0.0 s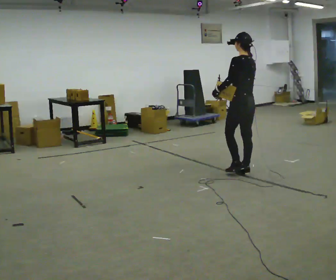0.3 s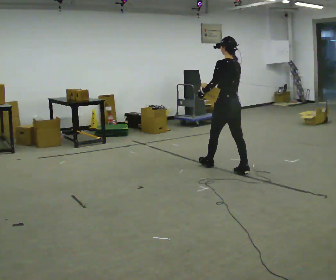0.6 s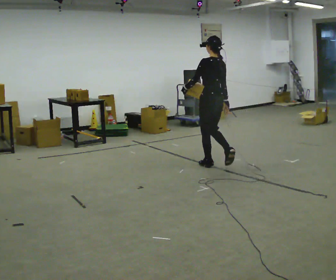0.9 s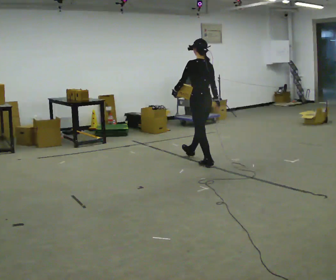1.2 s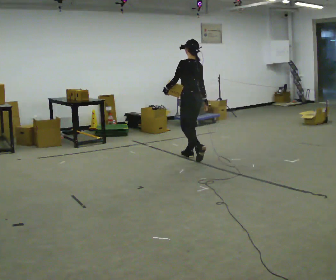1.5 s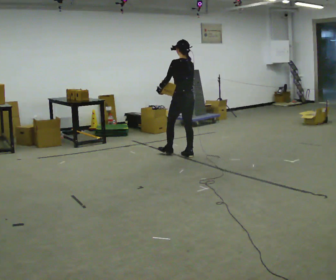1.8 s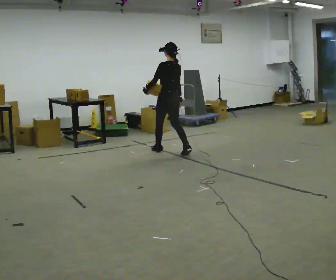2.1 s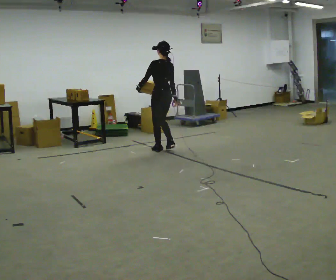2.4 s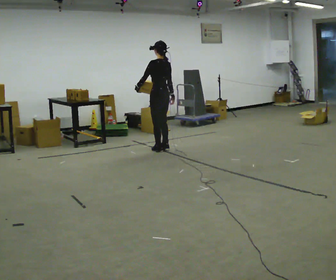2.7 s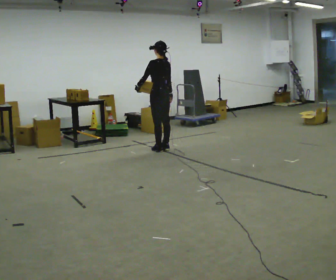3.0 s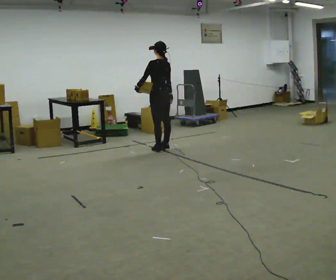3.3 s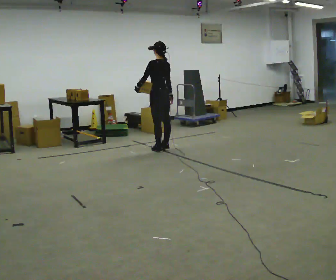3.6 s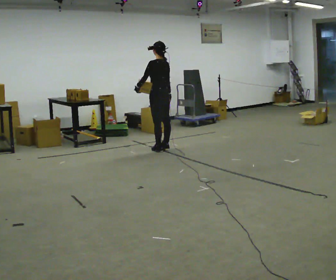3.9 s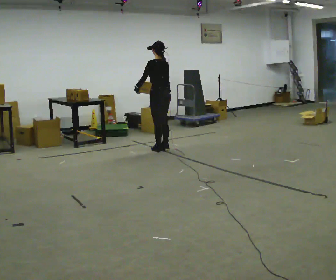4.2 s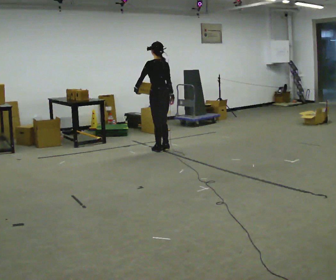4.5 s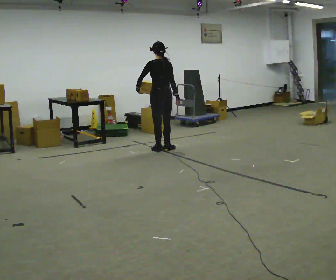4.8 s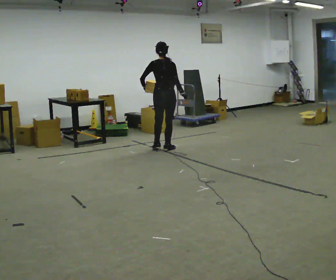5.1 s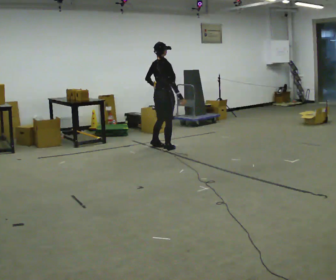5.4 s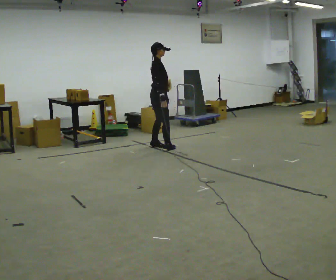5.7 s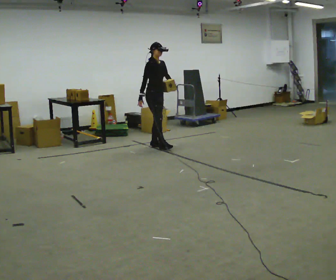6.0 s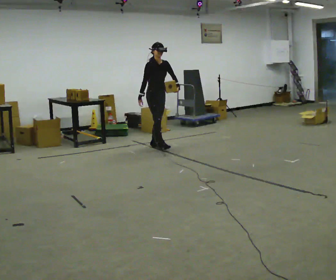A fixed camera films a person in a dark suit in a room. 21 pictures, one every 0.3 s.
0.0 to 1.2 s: In the picture they go away from the camera and to the left, about 1 m in 2 steps, which for them is forward.
1.2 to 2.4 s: In the picture they go away from the camera and to the left, about 0.75 m in 2 steps, which for them is forward.
2.4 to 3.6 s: The person moves a little, or ends about where they began.
3.6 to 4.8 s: The part of the body nearest the lens slides to the left as the person turns to their right by about 45 degrees.
4.8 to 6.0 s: The part of the body nearest the lens slides to the left as the person turns to their right by about 135 degrees. In the picture they go away from the camera, about 0.25 m in 2 steps. In the picture their left hand goes to the right, the arm swinging counterclockwise.
The film runs forward here.
